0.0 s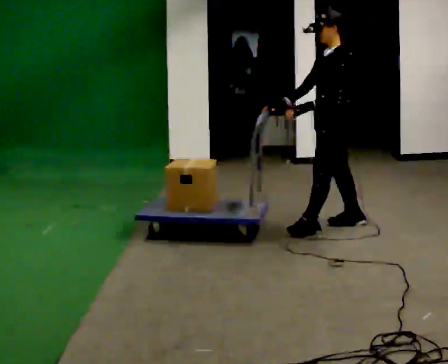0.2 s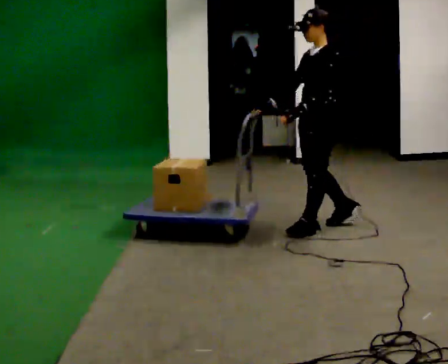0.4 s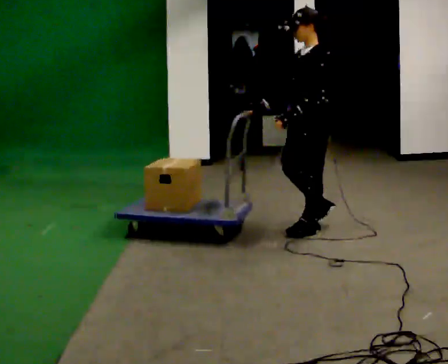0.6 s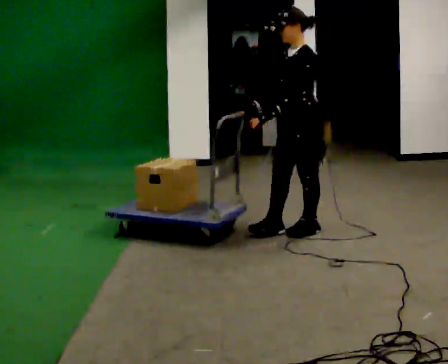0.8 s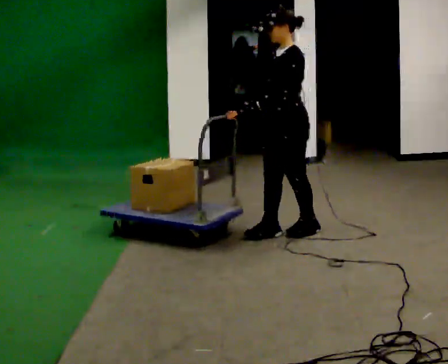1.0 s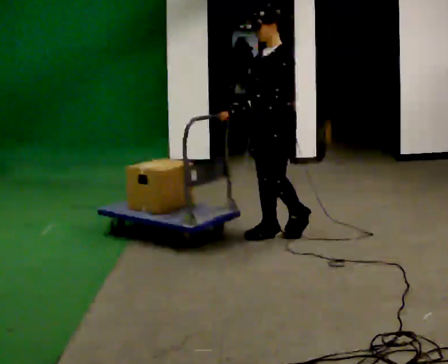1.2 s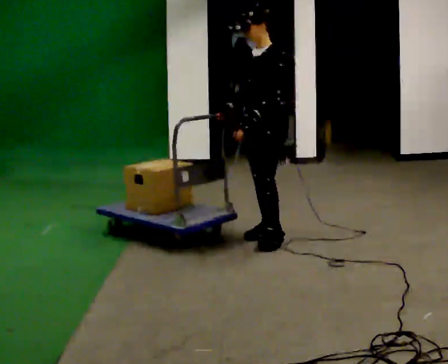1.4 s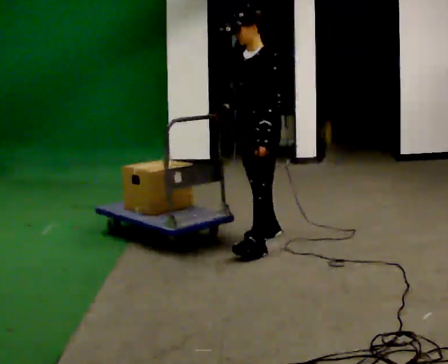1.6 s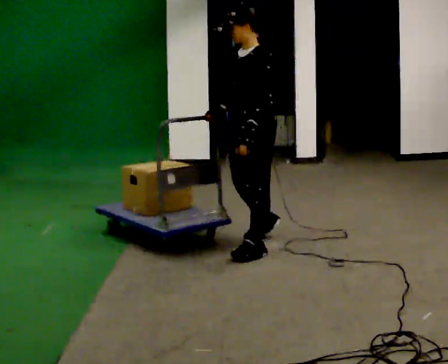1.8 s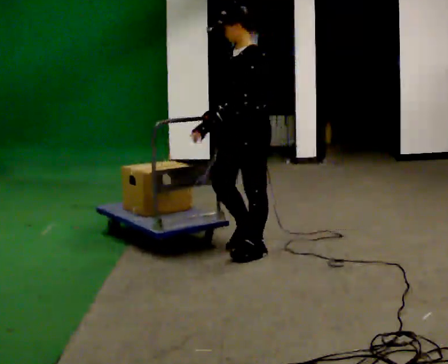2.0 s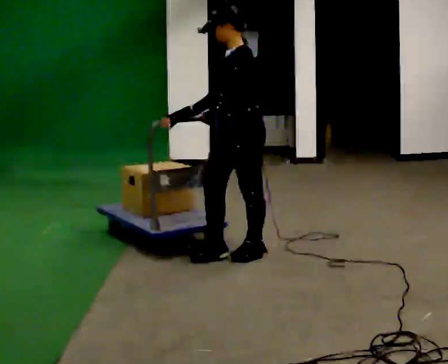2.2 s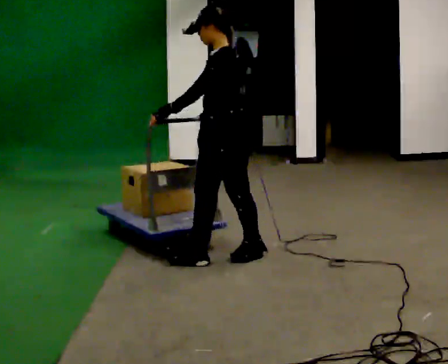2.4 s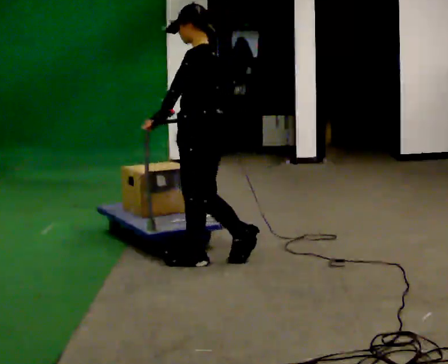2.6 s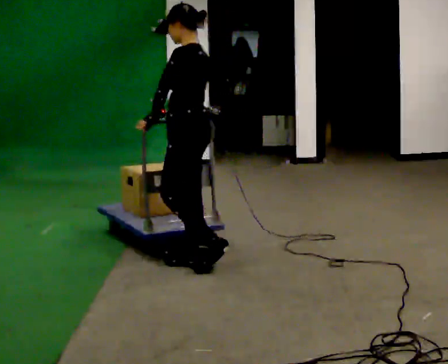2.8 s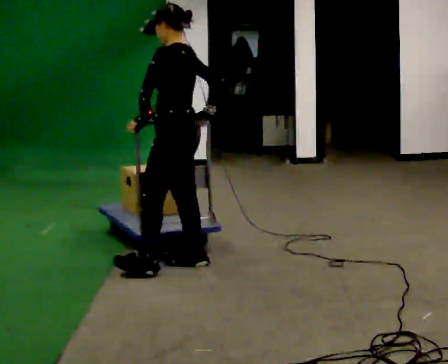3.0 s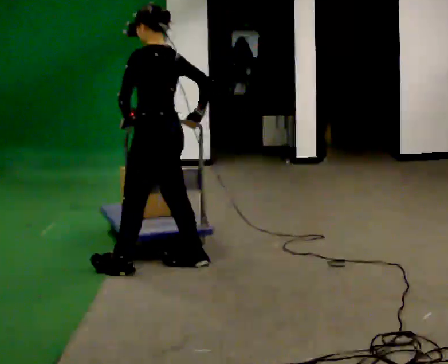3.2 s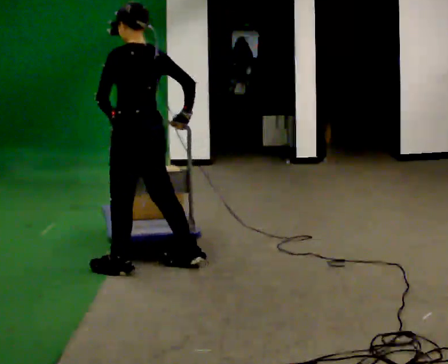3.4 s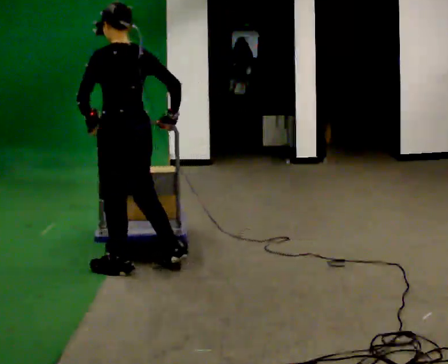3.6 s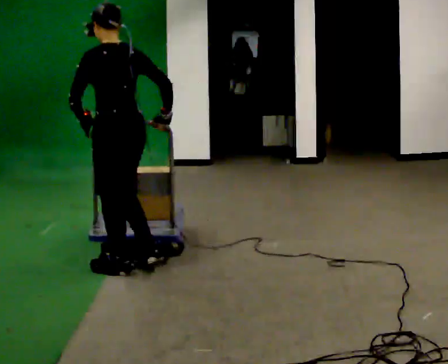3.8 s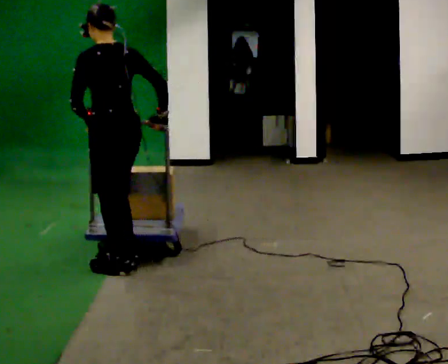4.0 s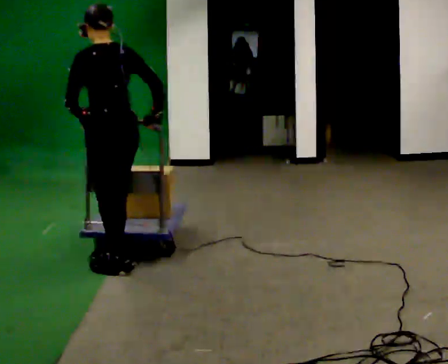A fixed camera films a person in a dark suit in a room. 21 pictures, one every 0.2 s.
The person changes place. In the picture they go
to the left.
Their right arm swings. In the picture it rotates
counterclockwise.
0.0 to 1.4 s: The part of the body nearest the lens slides to the right as the person turns to their left by about 30 degrees. In the picture they go to the left and toward the camera, about 0.75 m in 2 steps, which for them is forward.
1.4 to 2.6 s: Seen from above the body turns clockwise, about 45 degrees: to their right, with its near side sliding to the left. In the picture they go to the left and toward the camera, about 0.5 m in 1 step, which for them is forward.
2.6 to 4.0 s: Seen from above the body turns clockwise, about 45 degrees: to their right, with its near side sliding to the left. In the picture they go to the left, about 0.5 m in 2 steps, which for them is to their left and forward.
The film runs forward here.
